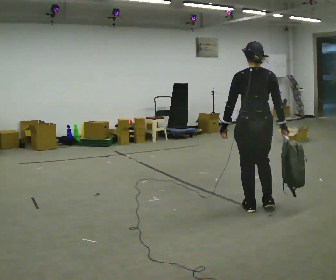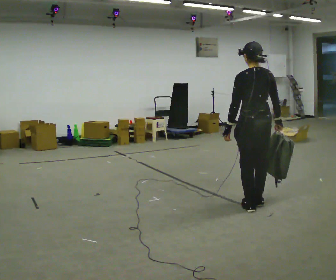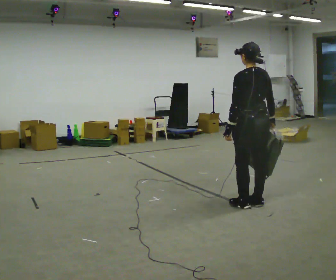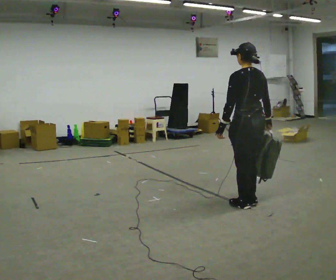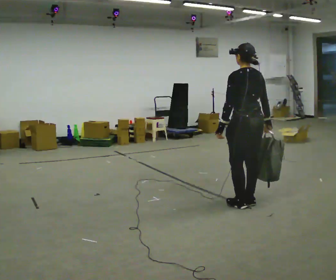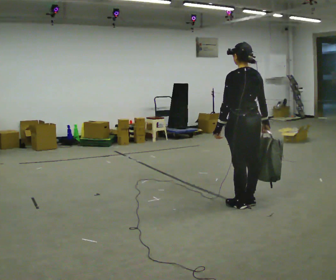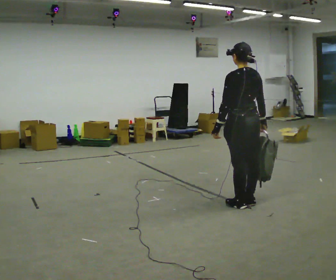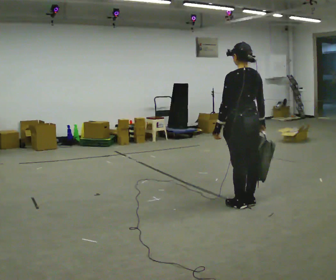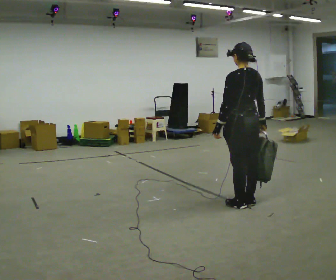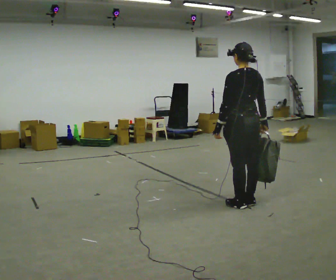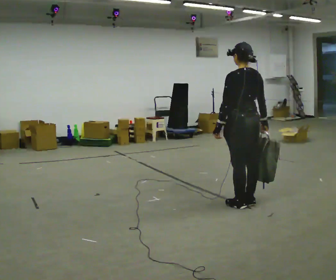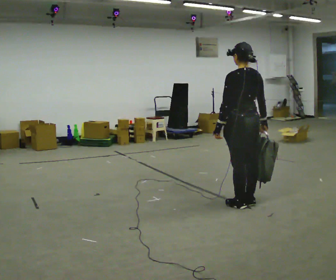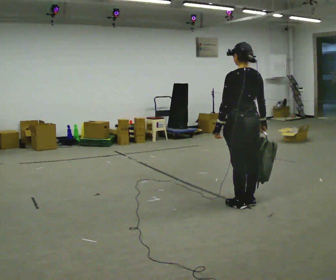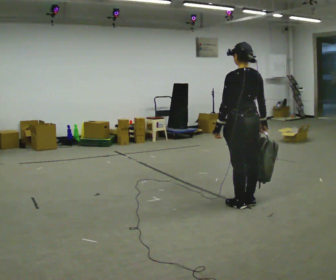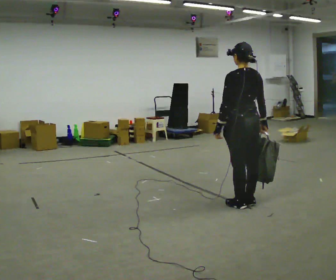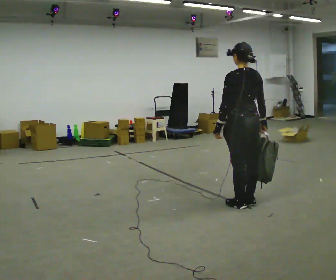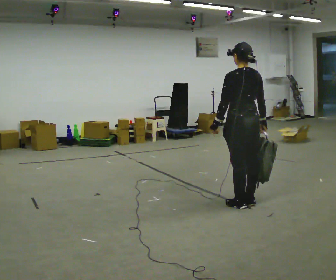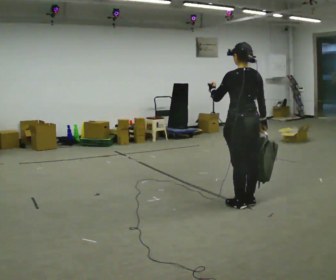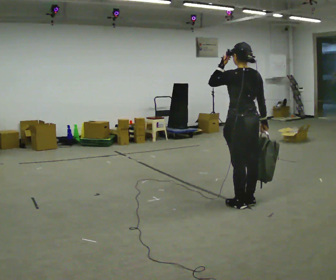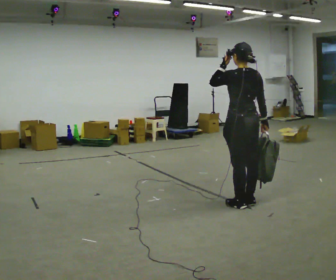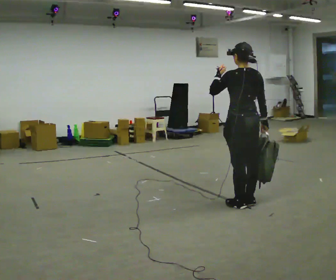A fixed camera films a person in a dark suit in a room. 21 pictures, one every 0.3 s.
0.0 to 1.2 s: The part of the body nearest the lens slides to the right as the person turns to their left by about 30 degrees.
1.2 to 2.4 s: The person moves a little, or ends about where they began.
2.4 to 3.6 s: The person keeps their place and pose.
3.6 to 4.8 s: The person moves a little, or ends about where they began.
4.8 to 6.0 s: In the picture their left hand goes upward.
The film runs forward here.
